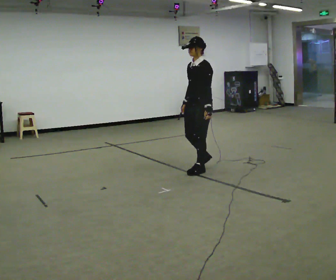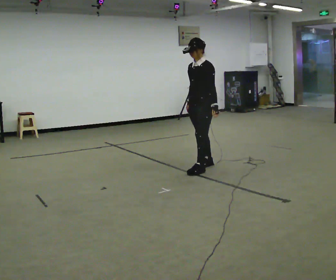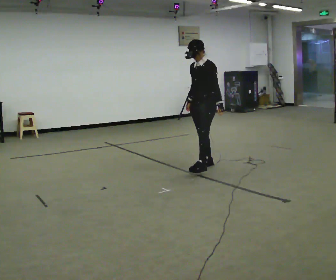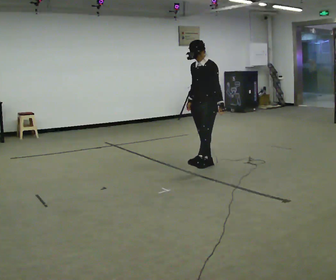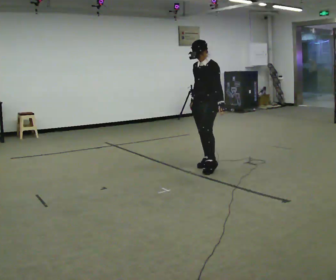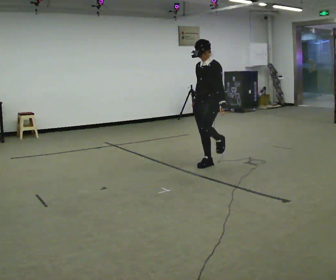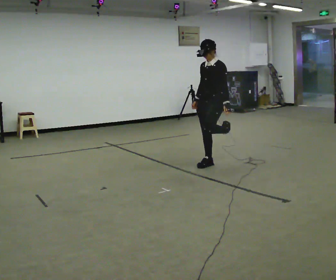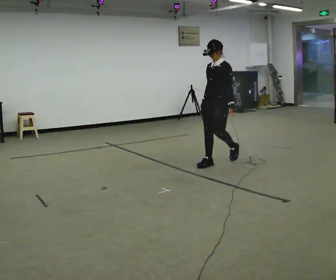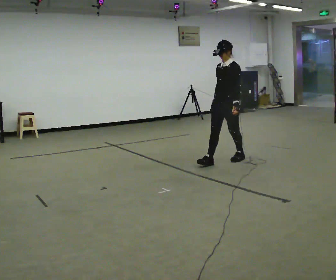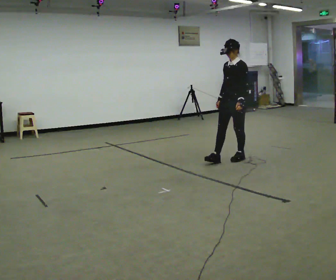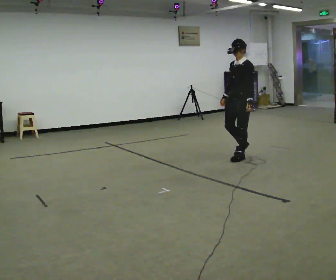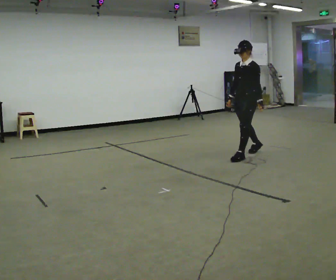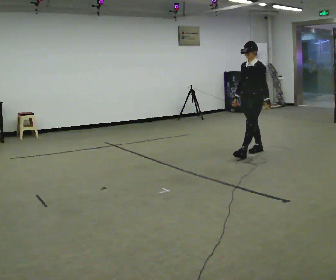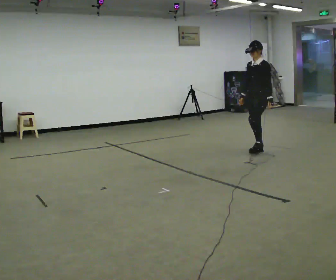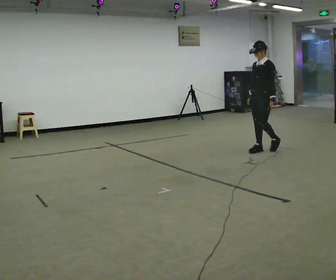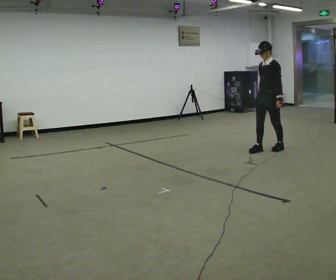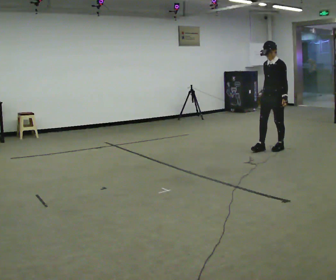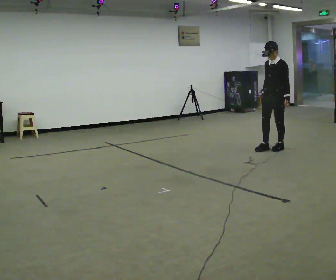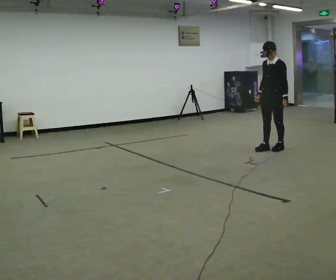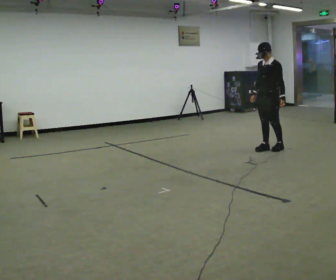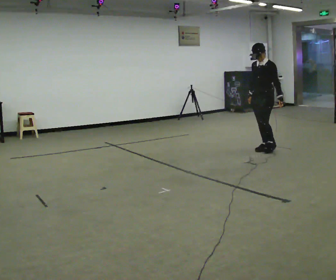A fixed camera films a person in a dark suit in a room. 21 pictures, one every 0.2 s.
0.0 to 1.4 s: In the picture they go away from the camera, about 0.5 m in 1 step, which for them is backward.
1.4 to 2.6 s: In the picture they go away from the camera and to the right, about 1 m in 2 steps, which for them is backward.
2.6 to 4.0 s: The person moves a little, or ends about where they began.
The film runs backward here.
